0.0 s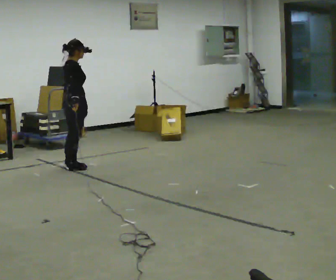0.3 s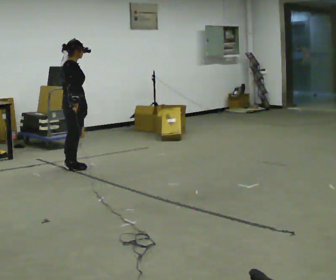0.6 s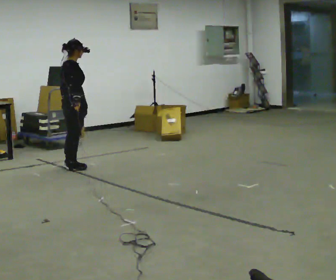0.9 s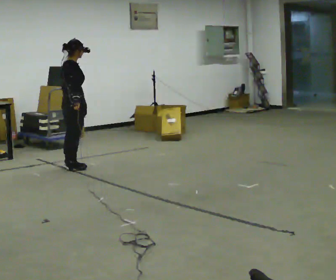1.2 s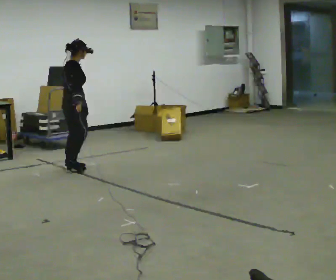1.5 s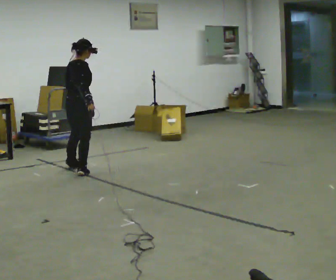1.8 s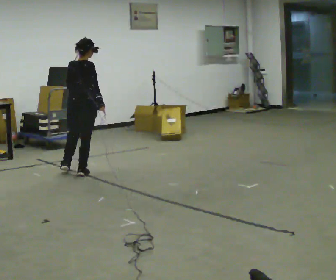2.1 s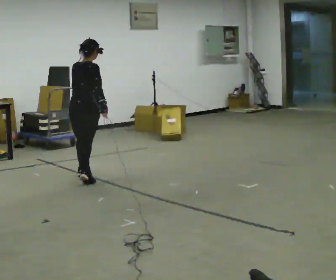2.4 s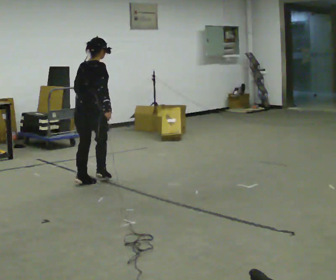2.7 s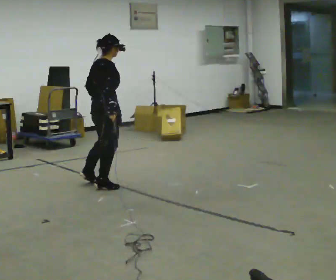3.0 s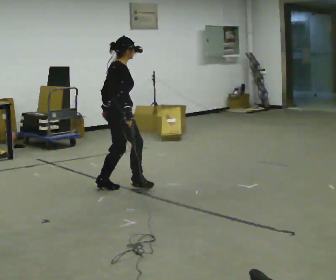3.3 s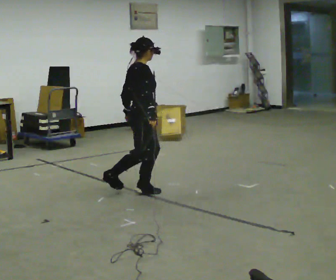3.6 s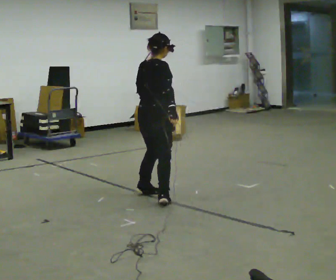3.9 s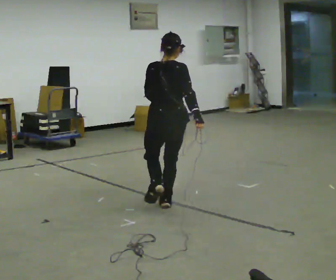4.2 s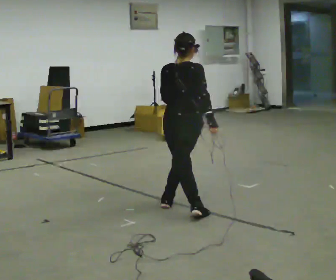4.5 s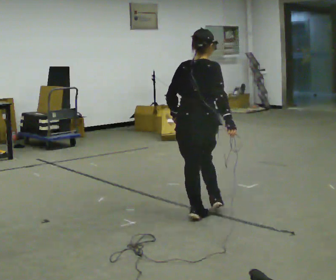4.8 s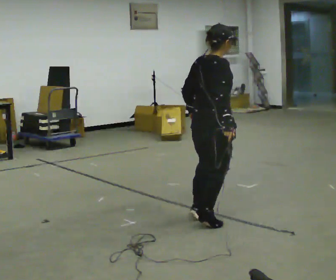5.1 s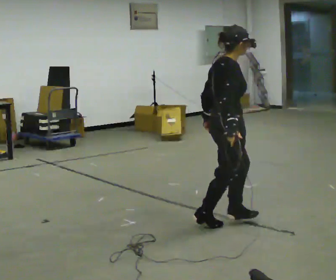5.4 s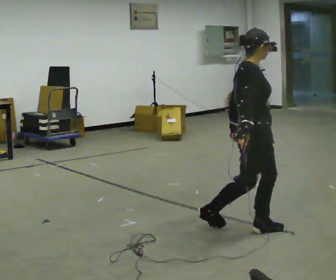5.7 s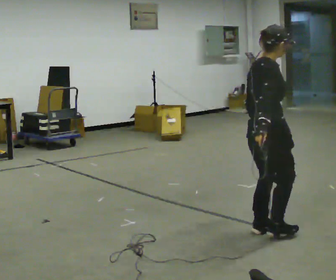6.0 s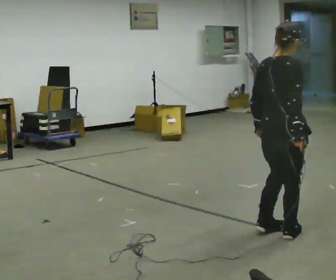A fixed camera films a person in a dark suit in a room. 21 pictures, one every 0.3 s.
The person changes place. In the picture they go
toward the camera.
0.0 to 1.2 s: The person moves a little, or ends about where they began.
1.2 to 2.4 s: Seen from above the body turns counterclockwise, about 45 degrees: to their left, with its near side sliding to the right. In the picture they go toward the camera, about 0.75 m in 2 steps.
2.4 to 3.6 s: The person turns about 30 degrees to their right, clockwise seen from above, so the part of the body nearest the lens slides to the left. In the picture they go toward the camera and to the right, about 1 m in 2 steps.
3.6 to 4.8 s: In the picture they go toward the camera and to the right, about 1 m in 2 steps, which for them is backward and to their right.
4.8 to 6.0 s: In the picture they go toward the camera and to the right, about 0.75 m in 2 steps, which for them is forward and to their right.
The film runs backward here.
